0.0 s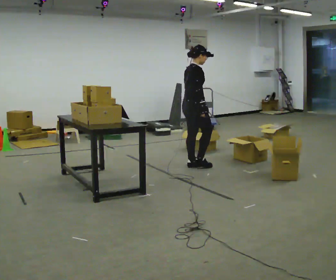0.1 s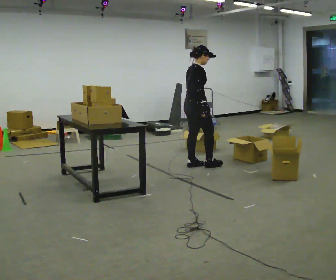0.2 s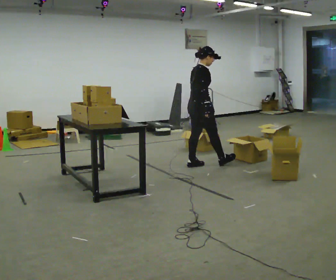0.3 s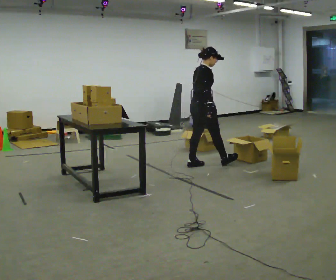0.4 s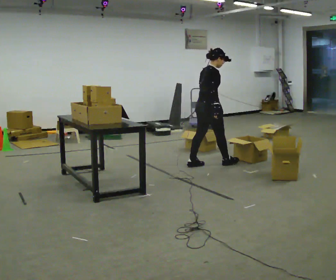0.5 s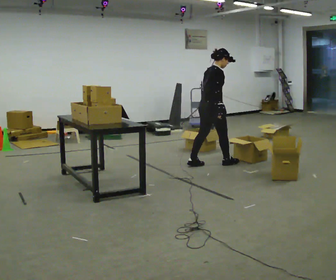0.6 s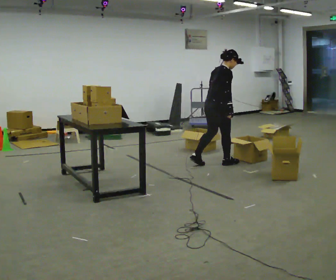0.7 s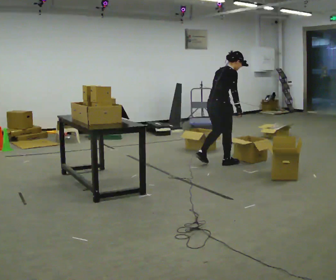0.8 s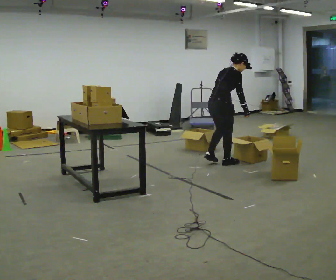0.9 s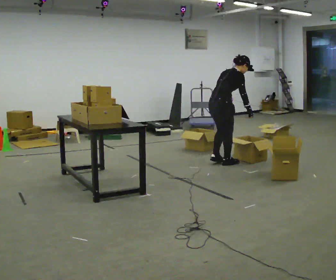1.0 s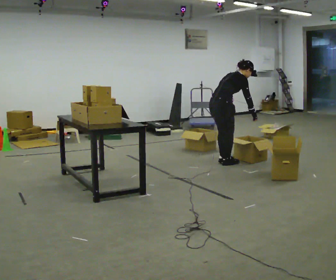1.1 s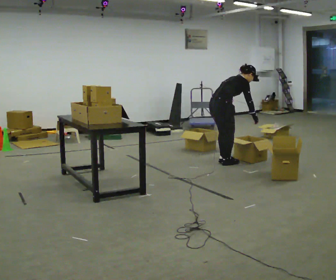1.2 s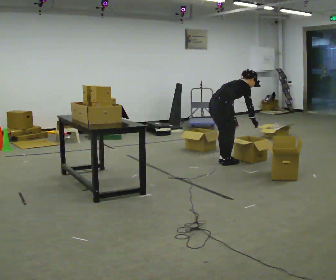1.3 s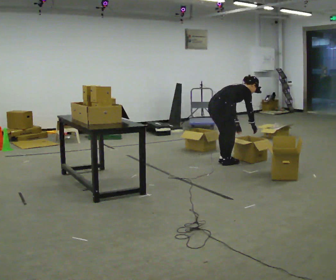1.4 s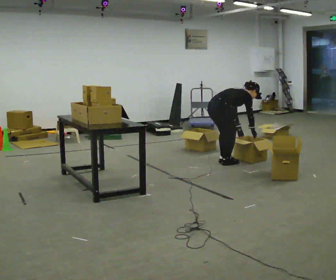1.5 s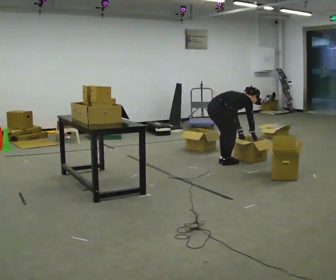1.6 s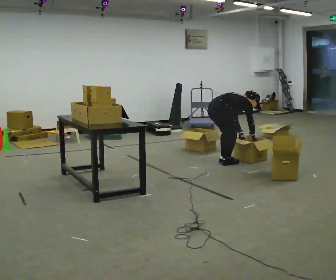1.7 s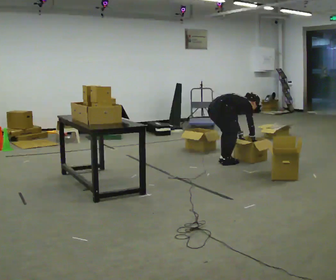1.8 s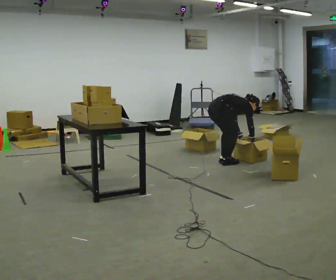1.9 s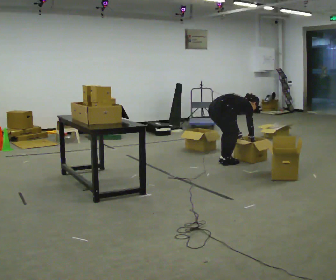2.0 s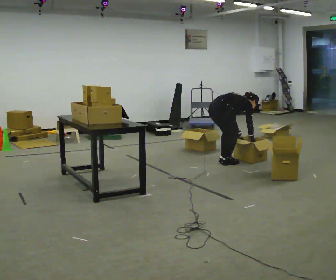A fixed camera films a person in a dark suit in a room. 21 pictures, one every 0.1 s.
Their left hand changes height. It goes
downward.
The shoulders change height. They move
downward.
0.0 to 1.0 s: In the picture they go to the right, about 0.25 m in 2 steps, which for them is forward. In the picture the upper body tilts clockwise, shoulders to the right, as they bend forward.
1.0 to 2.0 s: The shoulders move downward. The upper body tips away from the camera, its near side rolling upward, as they bend forward. In the picture their left hand goes downward.
The film runs forward here.
